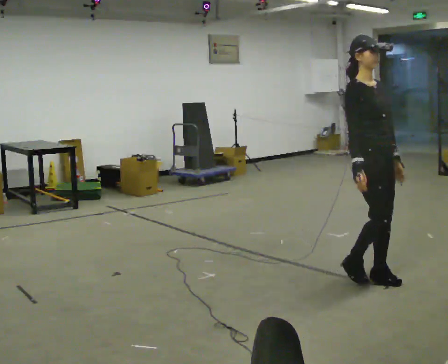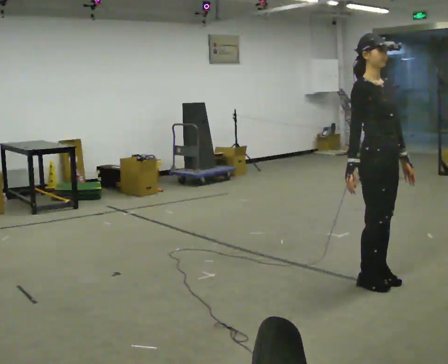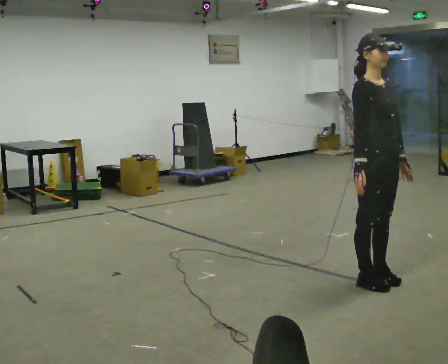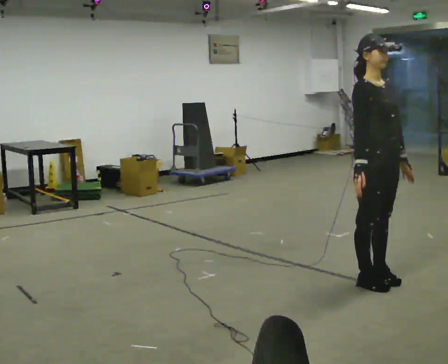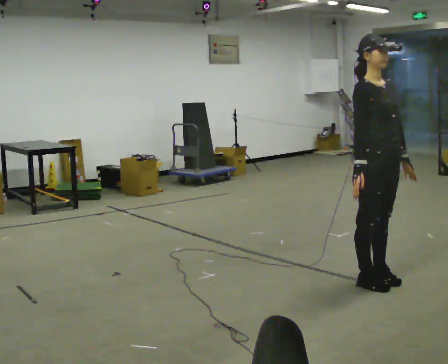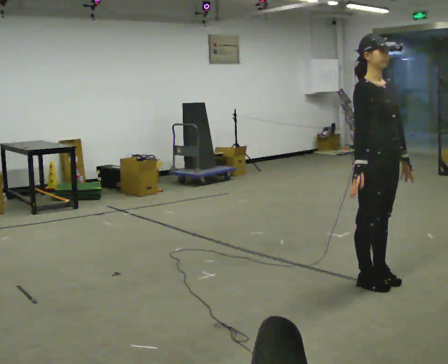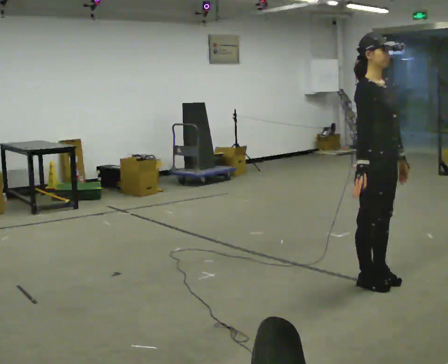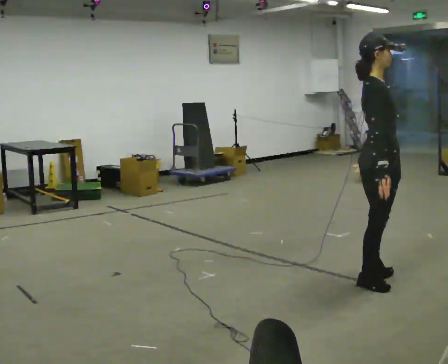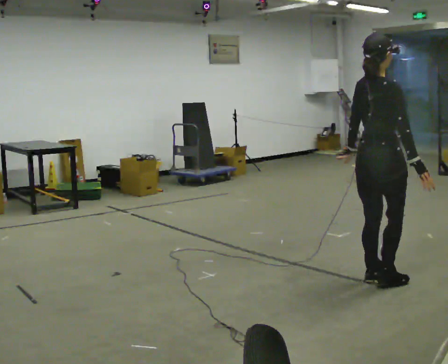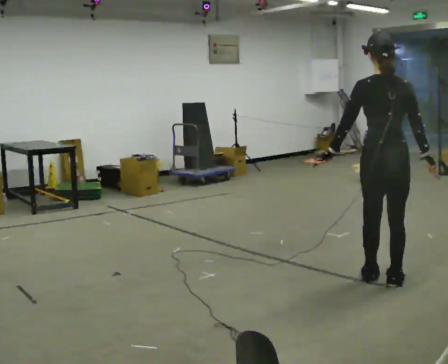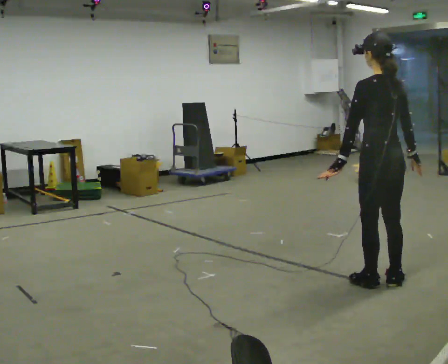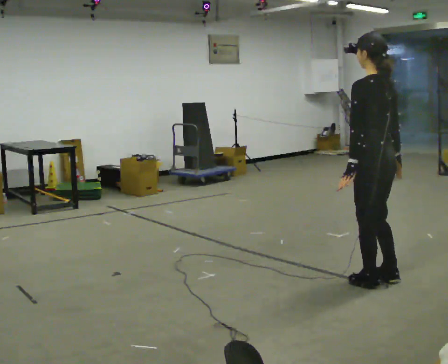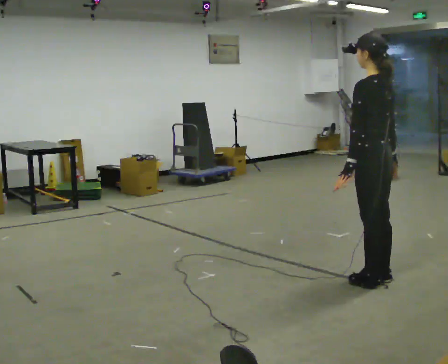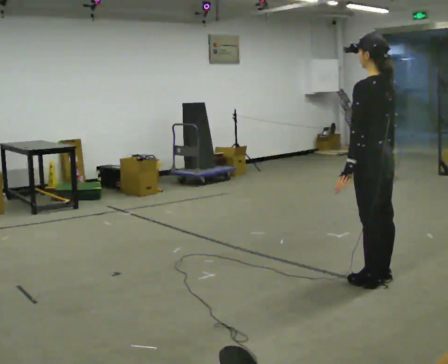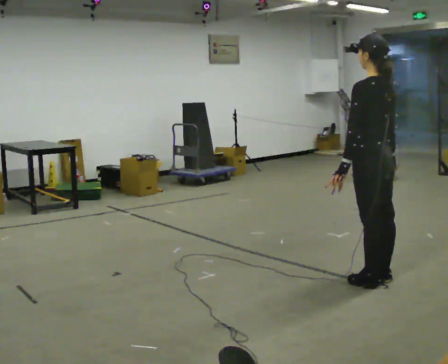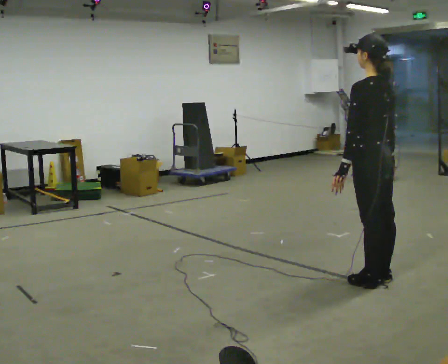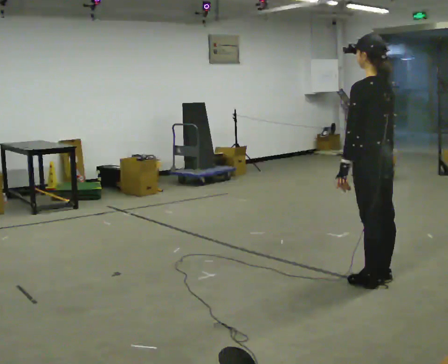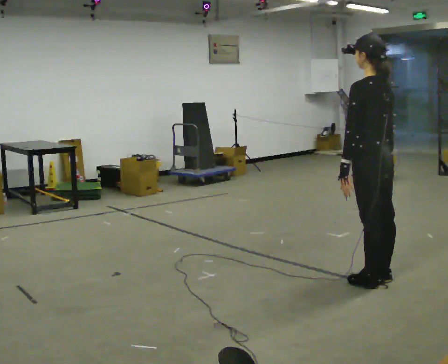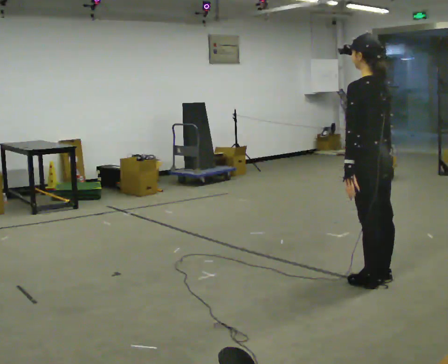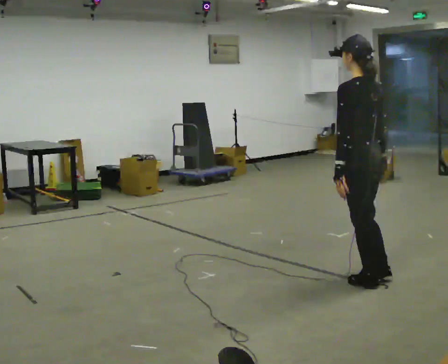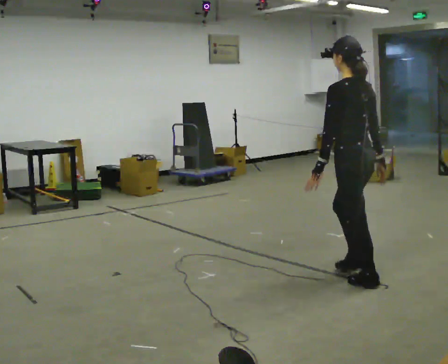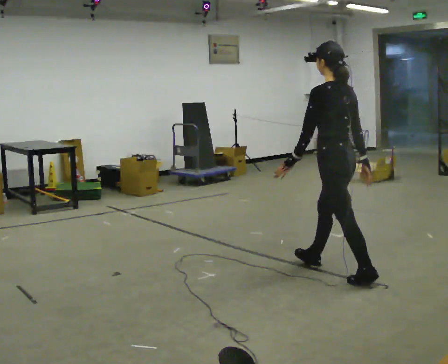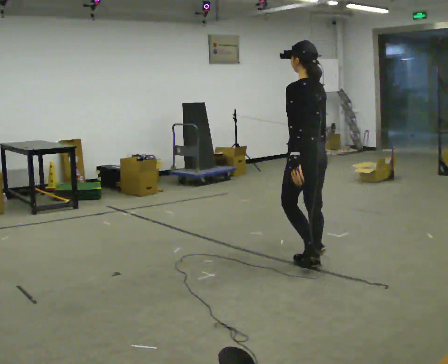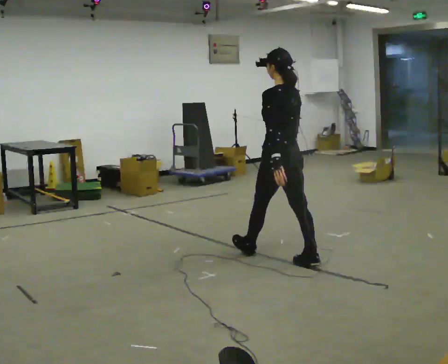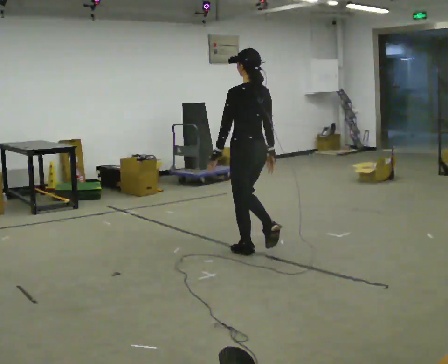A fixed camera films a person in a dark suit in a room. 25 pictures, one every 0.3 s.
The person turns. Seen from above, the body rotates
counterclockwise.
The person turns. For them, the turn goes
to their left.
0.0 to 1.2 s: The person moves a little, or ends about where they began.
1.2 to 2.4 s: The part of the body nearest the lens slides to the right as the person turns to their left by about 90 degrees. In the picture their left hand goes to the left, the arm swinging clockwise.
2.4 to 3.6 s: The part of the body nearest the lens slides to the right as the person turns to their left by about 105 degrees.
3.6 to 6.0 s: The person moves a little, or ends about where they began.
6.0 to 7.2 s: In the picture they go to the left and away from the camera, about 1 m in 2 steps, which for them is forward.
The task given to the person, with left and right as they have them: Walk quickly but do not run; remain comfortable and controlled; stop.
The film runs forward here.
